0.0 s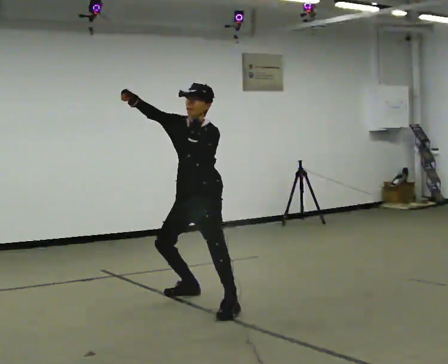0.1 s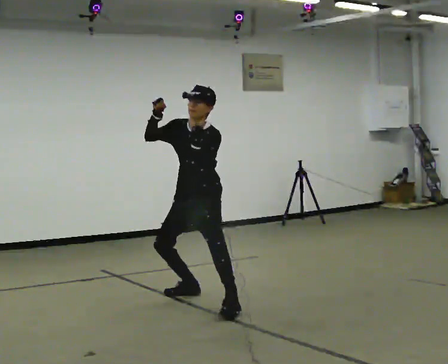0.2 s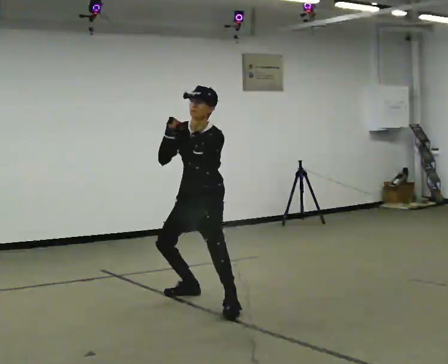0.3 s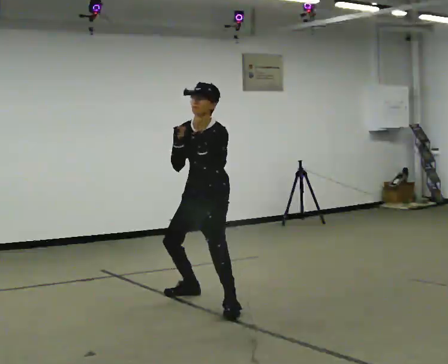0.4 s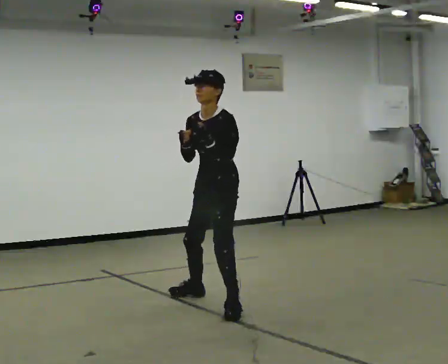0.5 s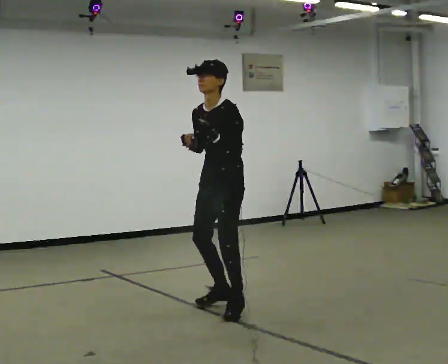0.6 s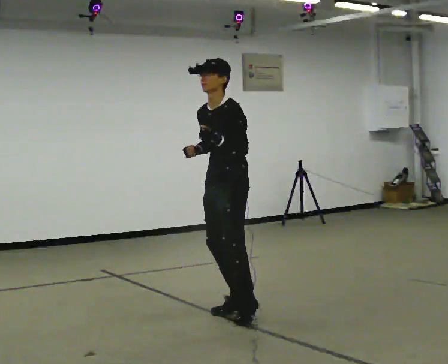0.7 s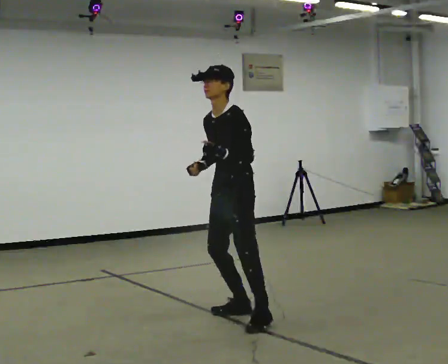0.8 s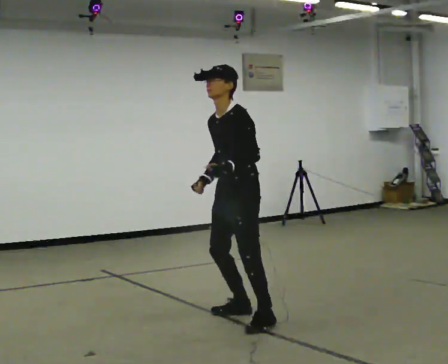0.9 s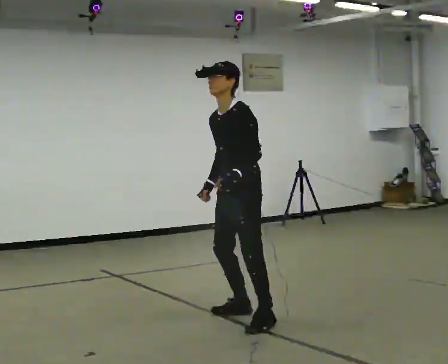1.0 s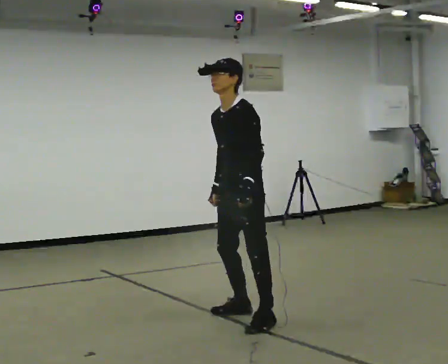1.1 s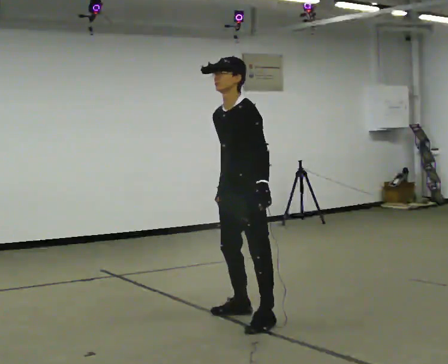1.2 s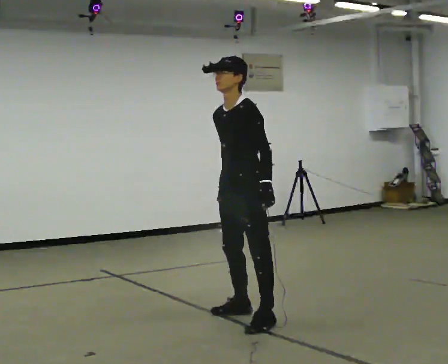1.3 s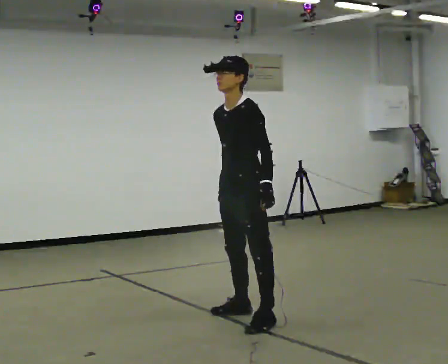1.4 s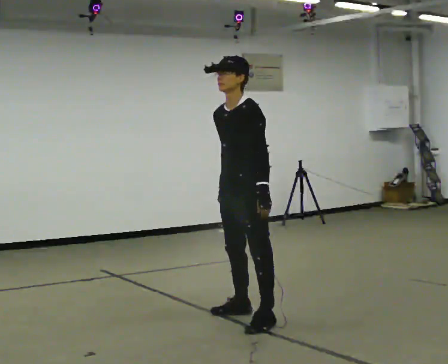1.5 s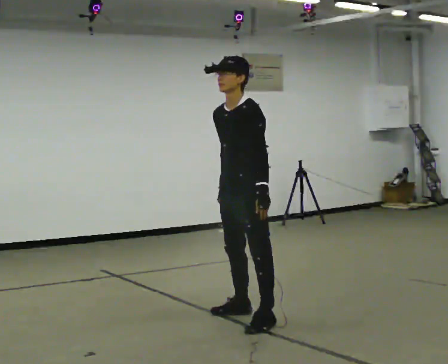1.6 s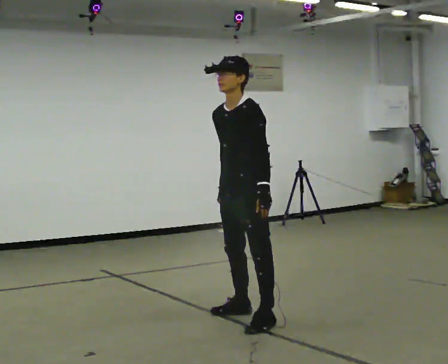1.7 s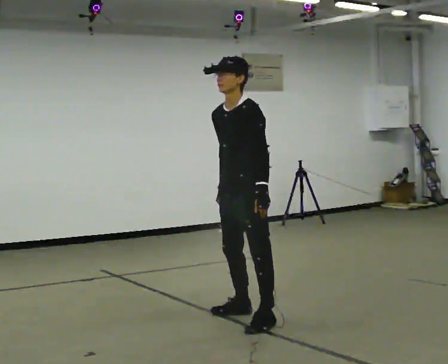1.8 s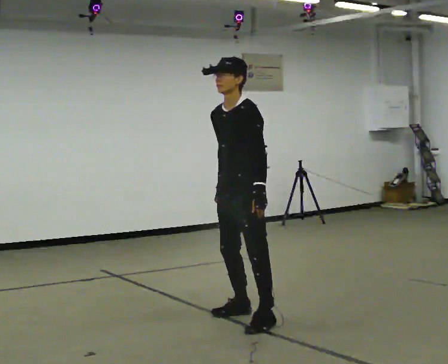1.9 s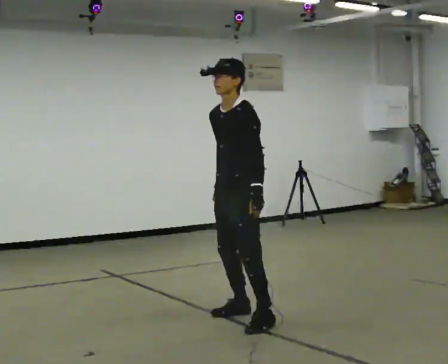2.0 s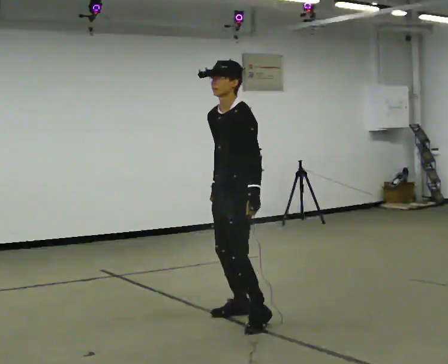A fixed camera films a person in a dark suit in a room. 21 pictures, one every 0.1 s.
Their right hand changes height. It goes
downward.
0.0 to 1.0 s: In the picture they go toward the camera and to the right, about 0.5 m in 2 steps, which for them is to their left. In the picture their right hand goes downward.
1.0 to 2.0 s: The person moves a little, or ends about where they began.
The film runs forward here.
